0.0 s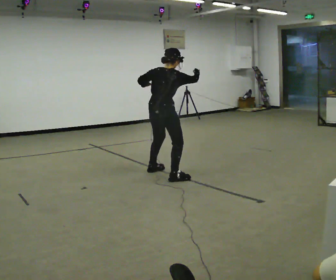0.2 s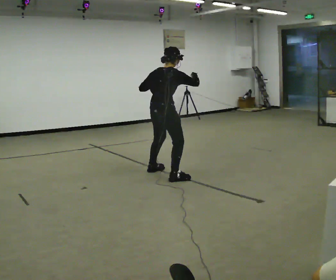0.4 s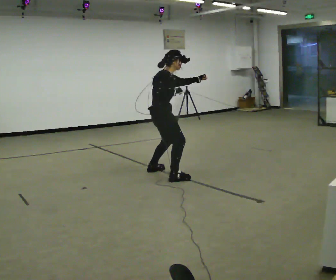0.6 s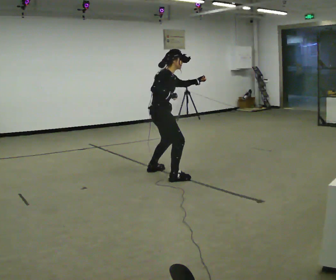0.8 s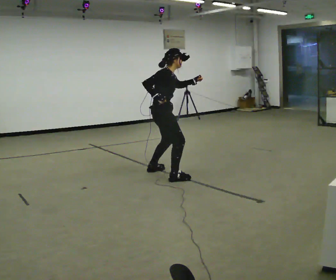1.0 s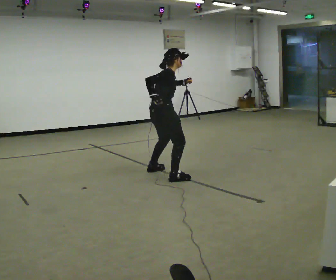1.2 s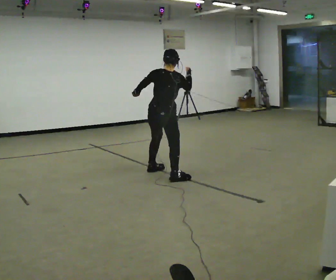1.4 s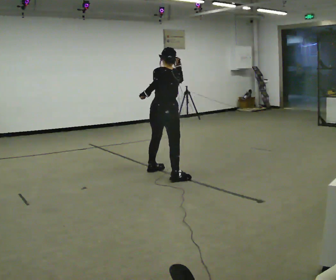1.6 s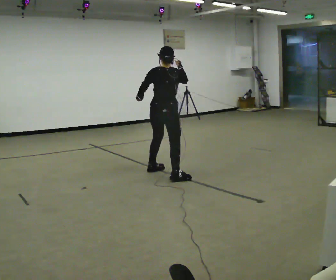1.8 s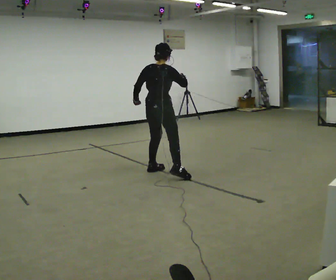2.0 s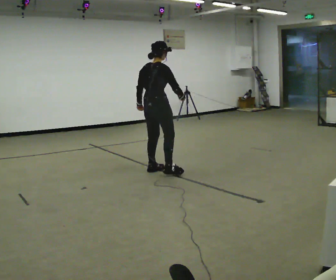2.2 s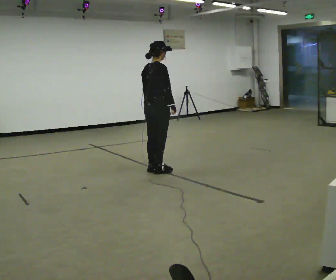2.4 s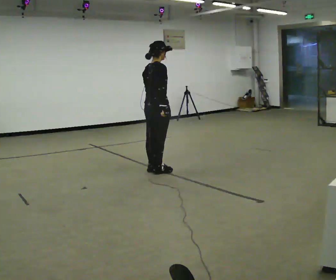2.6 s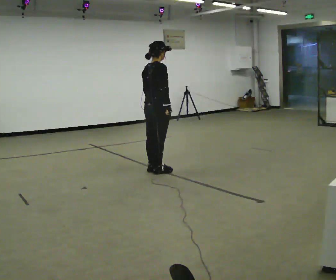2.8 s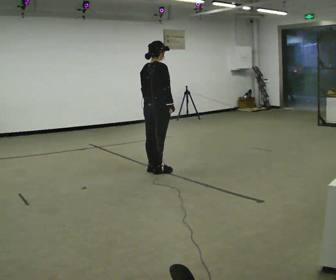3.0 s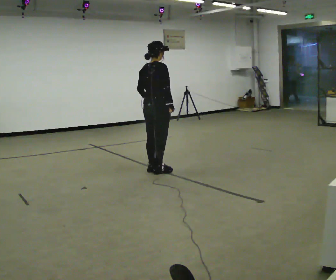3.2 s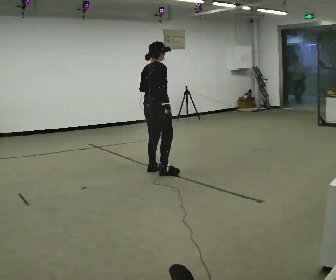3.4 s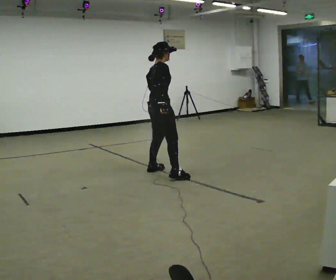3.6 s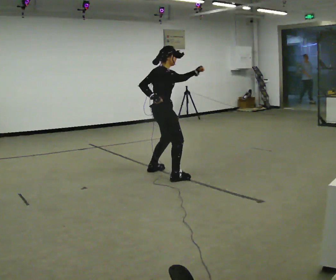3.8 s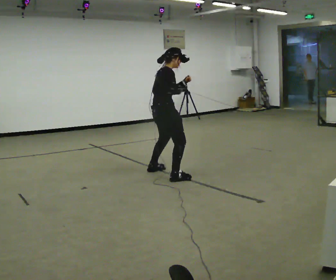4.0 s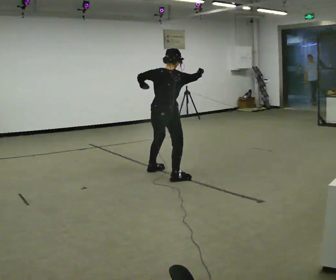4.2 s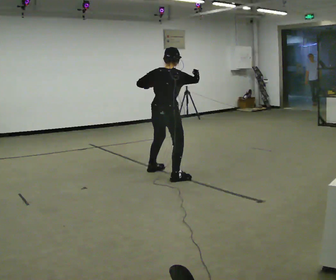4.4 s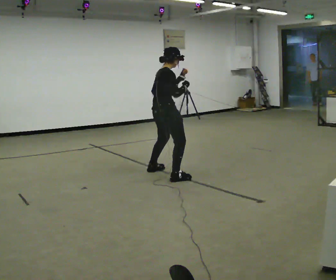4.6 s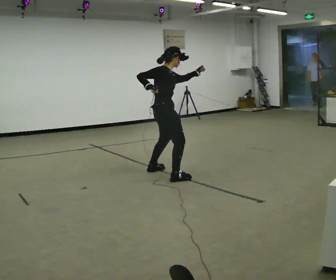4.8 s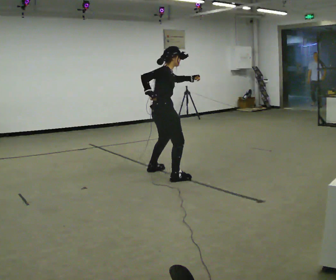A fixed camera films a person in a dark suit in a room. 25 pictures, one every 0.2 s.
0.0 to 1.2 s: The part of the body nearest the lens slides to the right as the person turns to their left by about 30 degrees.
1.2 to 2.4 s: Seen from above the body turns clockwise, about 60 degrees: to their right, with its near side sliding to the left. In the picture they go away from the camera, about 0.25 m in 1 step. In the picture their right hand goes downward.
2.4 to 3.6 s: Seen from above the body turns clockwise, about 45 degrees: to their right, with its near side sliding to the left. In the picture they go toward the camera, about 0.25 m in 1 step, which for them is to their right. In the picture their left hand goes to the right and upward.
3.6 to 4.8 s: The person turns about 30 degrees to their left, counterclockwise seen from above, so the part of the body nearest the lens slides to the right.
The film runs forward here.
